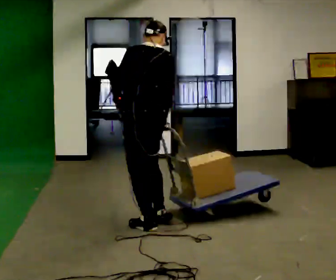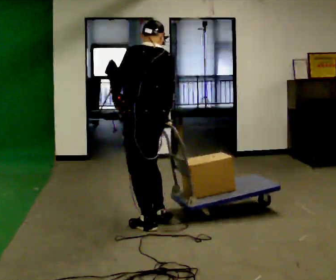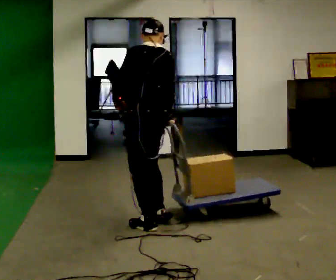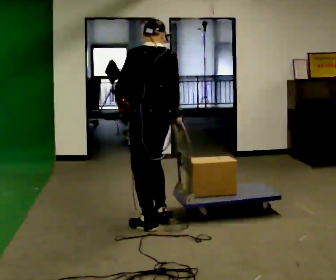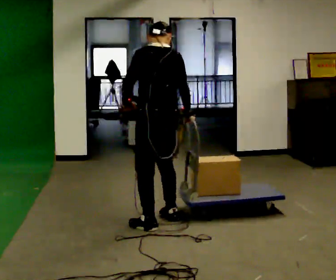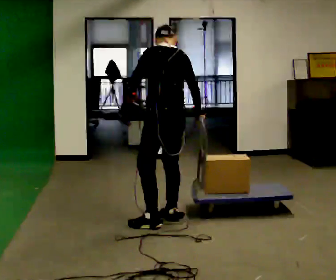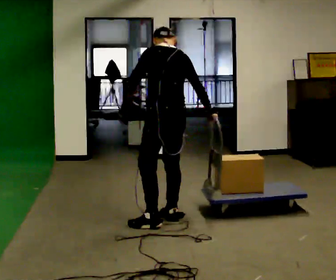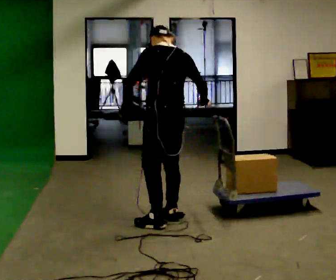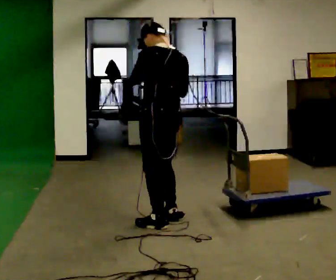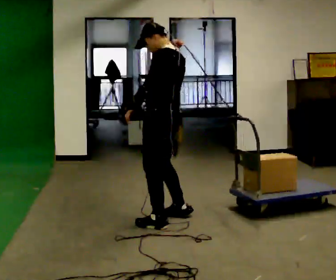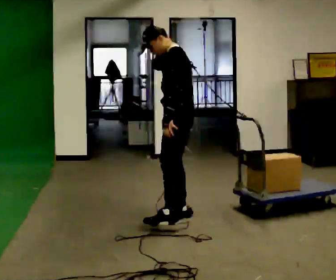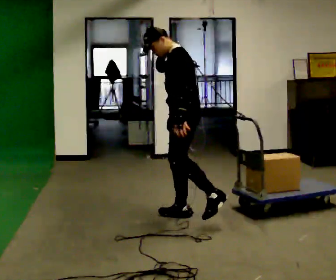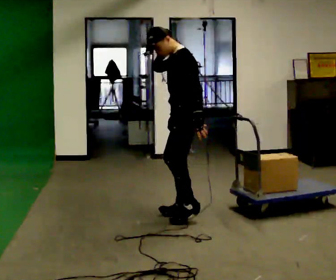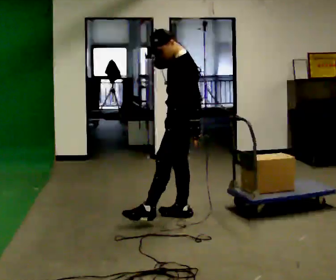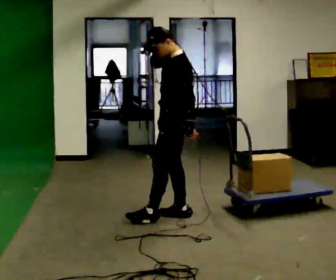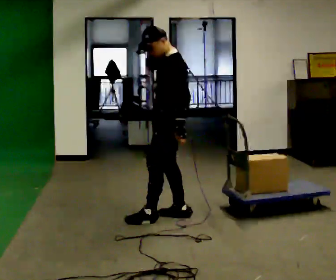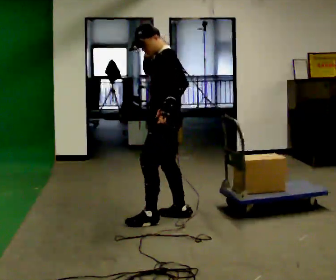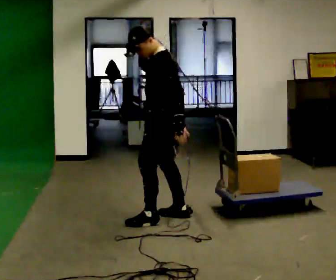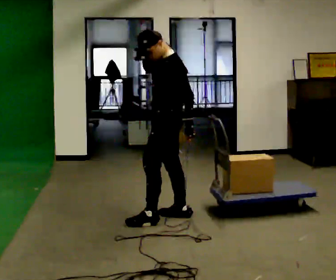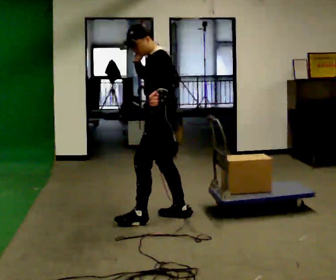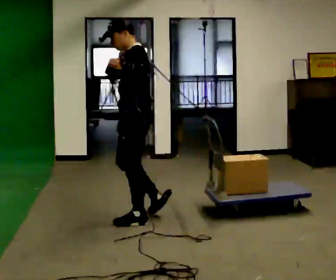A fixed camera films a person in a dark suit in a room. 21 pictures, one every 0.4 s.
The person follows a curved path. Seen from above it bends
counterclockwise.
0.0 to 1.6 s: The person moves a little, or ends about where they began.
1.6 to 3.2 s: In the picture their right hand goes upward.
3.2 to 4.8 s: The person turns about 60 degrees to their left, counterclockwise seen from above, so the part of the body nearest the lens slides to the right. In the picture they go away from the camera and to the right, about 0.25 m in 1 step, which for them is to their right and backward. In the picture their left hand goes downward.
4.8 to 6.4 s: In the picture they go to the left, about 0.25 m in 1 step, which for them is forward.
6.4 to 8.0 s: In the picture they go to the left, about 0.25 m, which for them is forward and to their left. In the picture their left hand goes upward.
The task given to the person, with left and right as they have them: Put the rope over your shoulder and drag the sled across the room. Keep going until the operator says stop.
The film runs forward here.
